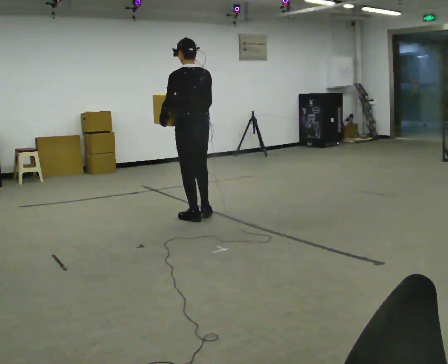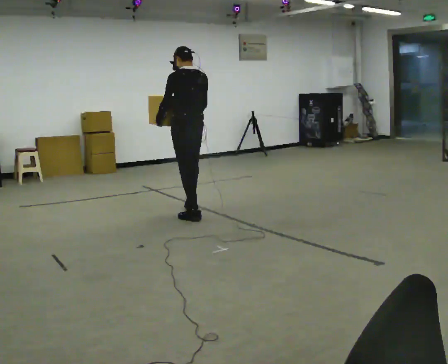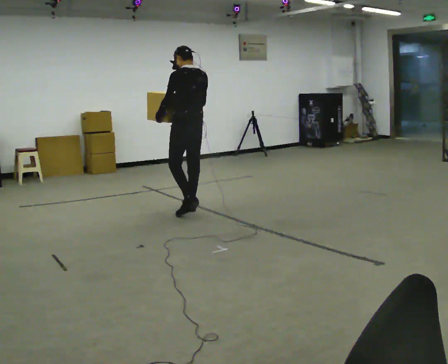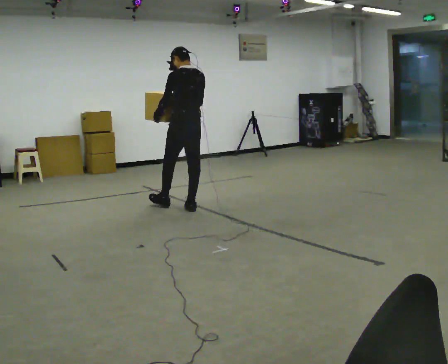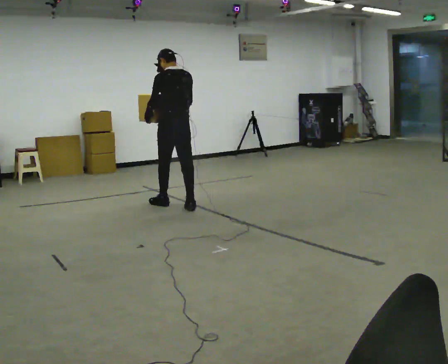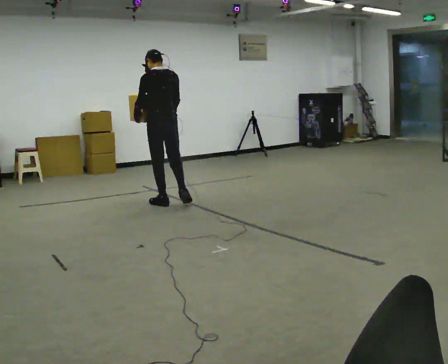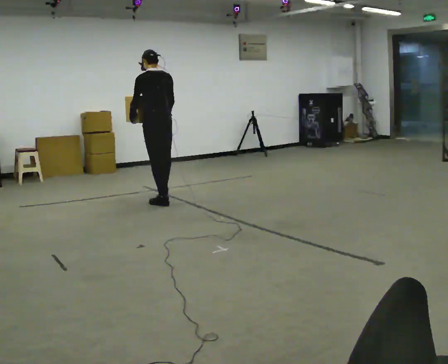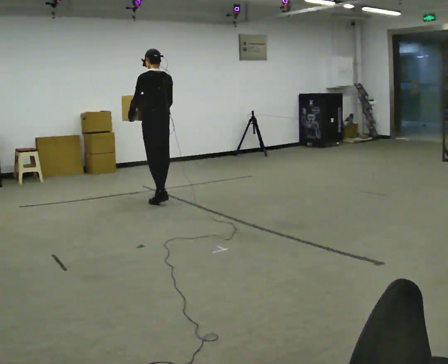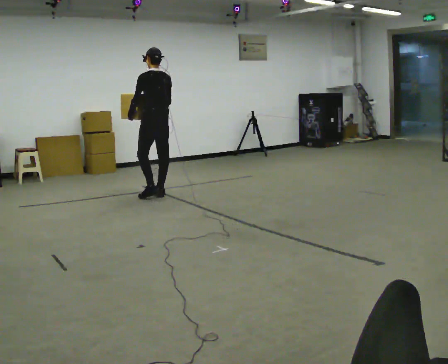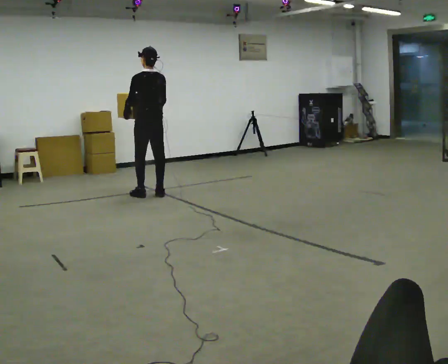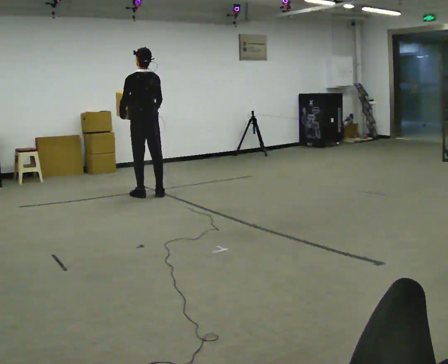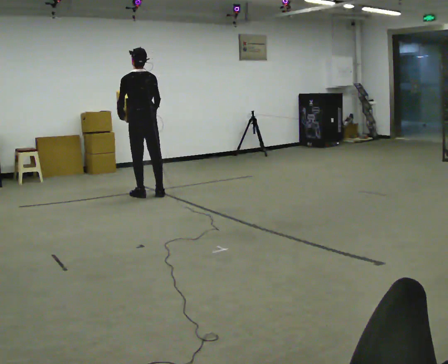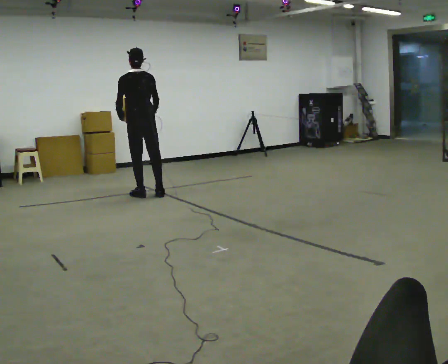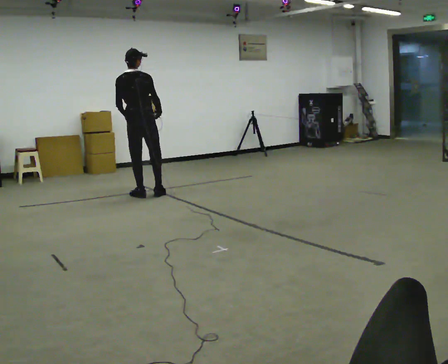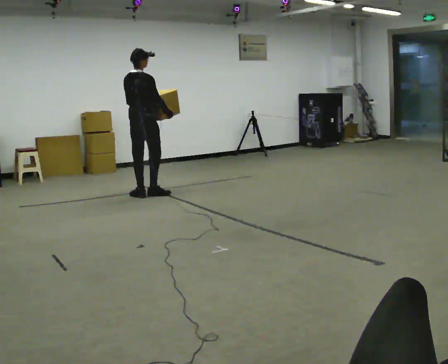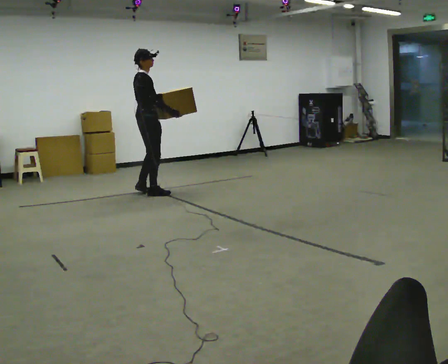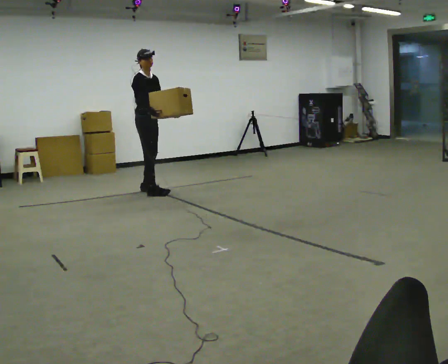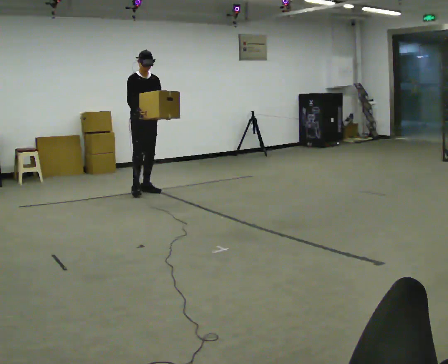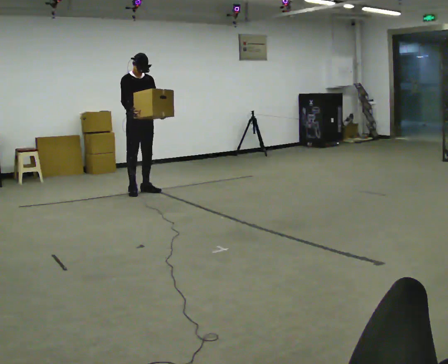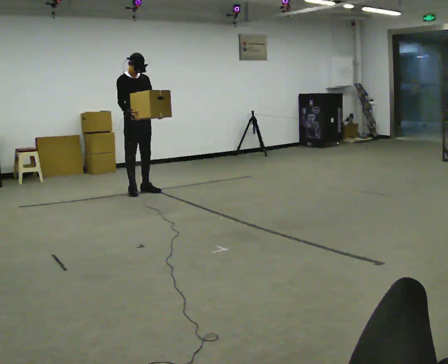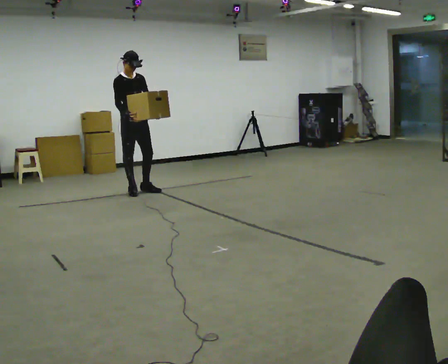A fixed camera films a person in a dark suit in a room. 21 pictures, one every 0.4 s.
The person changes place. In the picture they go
away from the camera.
0.0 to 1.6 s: In the picture they go away from the camera, about 0.5 m in 2 steps, which for them is forward.
1.6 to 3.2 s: In the picture they go away from the camera, about 0.5 m in 1 step, which for them is forward.
3.2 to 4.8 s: In the picture they go to the left, about 0.25 m in 1 step, which for them is to their left.
4.8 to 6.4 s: The person turns about 135 degrees to their right, clockwise seen from above, so the part of the body nearest the lens slides to the left. In the picture they go away from the camera, about 0.25 m in 2 steps.
6.4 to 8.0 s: In the picture they go to the left, about 0.25 m in 1 step, which for them is to their right. In the picture their right hand goes to the left.
The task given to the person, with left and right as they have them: Carry the box across the room, back and forth. The operator will swap between the box with handles and the one without.
The film runs forward here.
